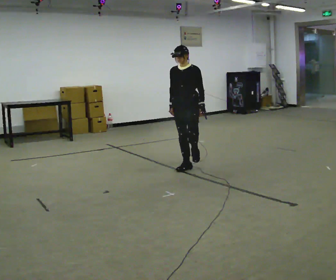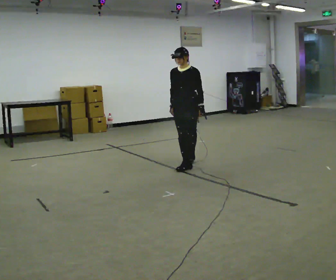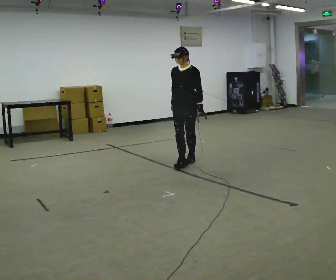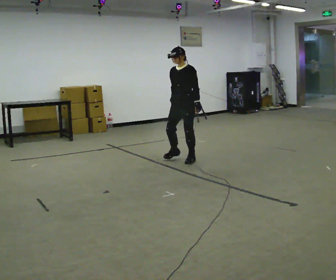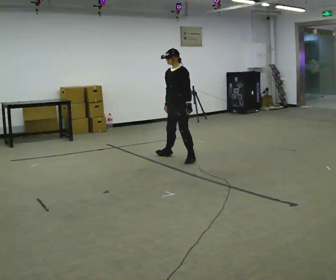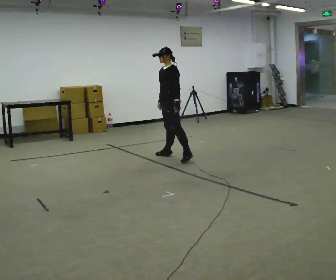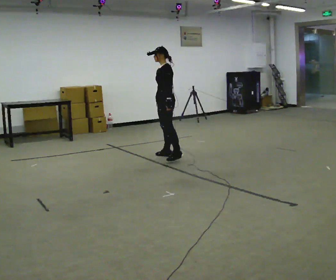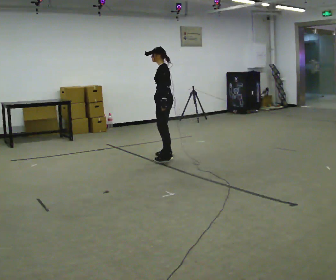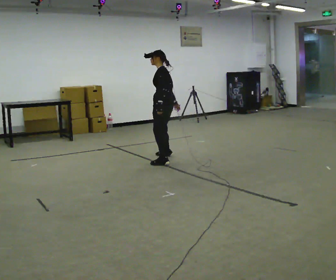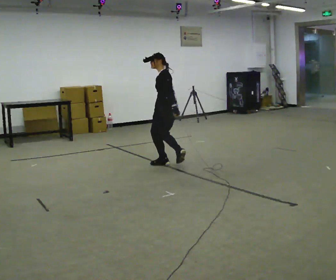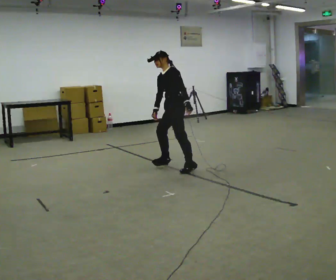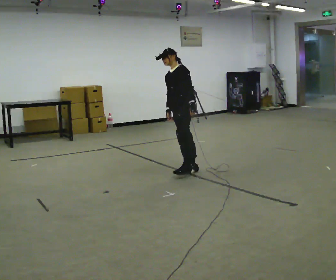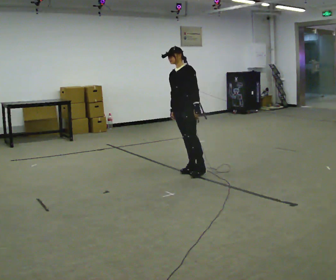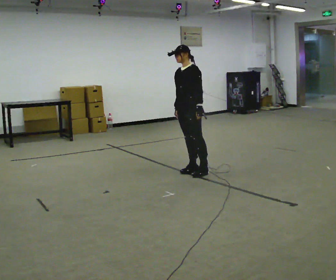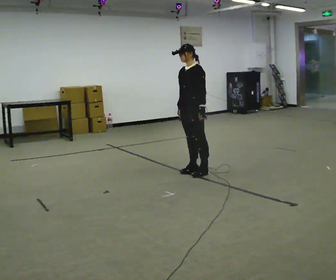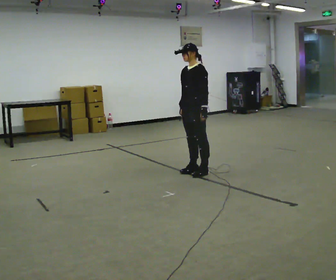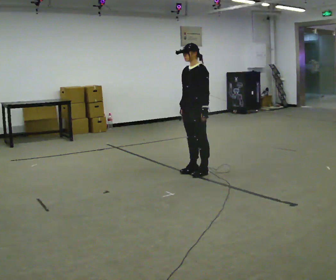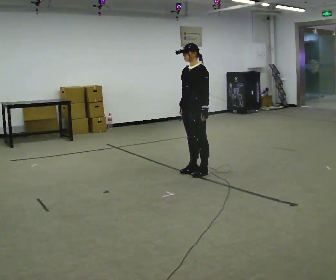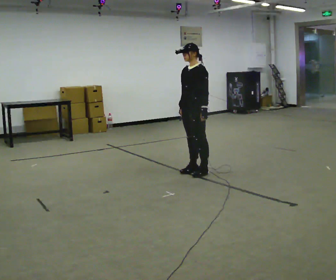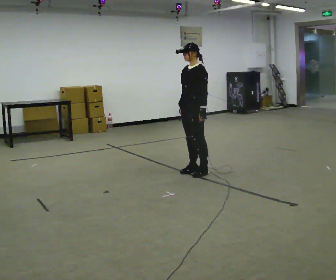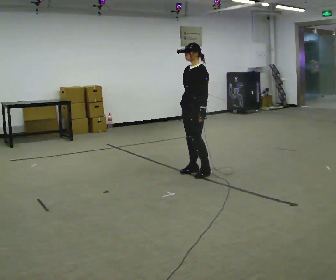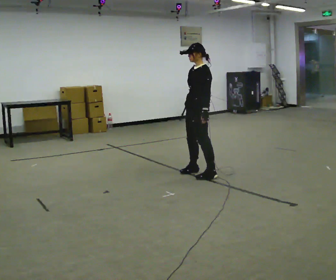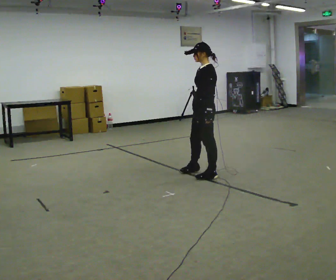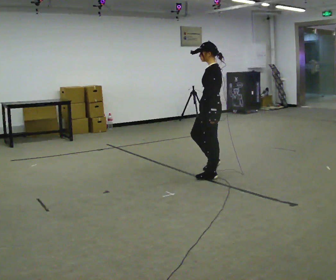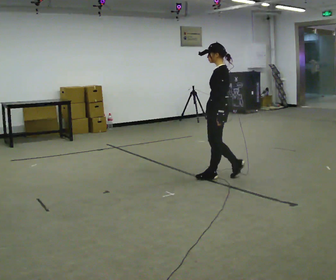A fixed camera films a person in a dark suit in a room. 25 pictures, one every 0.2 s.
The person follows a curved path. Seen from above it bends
counterclockwise.
0.0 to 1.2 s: The part of the body nearest the lens slides to the left as the person turns to their right by about 45 degrees. In the picture they go away from the camera and to the left, about 0.5 m in 2 steps, which for them is to their right and backward.
1.2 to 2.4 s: The part of the body nearest the lens slides to the right as the person turns to their left by about 30 degrees. In the picture they go toward the camera and to the right, about 0.5 m in 2 steps, which for them is to their left and backward.
2.4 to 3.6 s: The person moves a little, or ends about where they began.
3.6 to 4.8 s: The part of the body nearest the lens slides to the left as the person turns to their right by about 45 degrees. In the picture they go to the right and toward the camera, about 0.5 m in 2 steps, which for them is to their left.
The film runs backward here.
